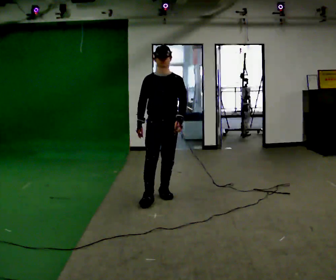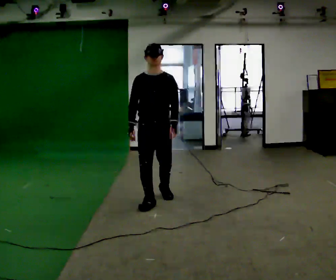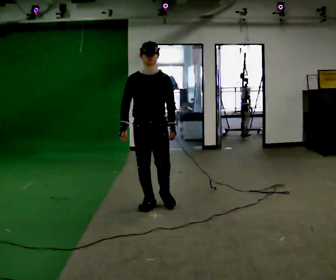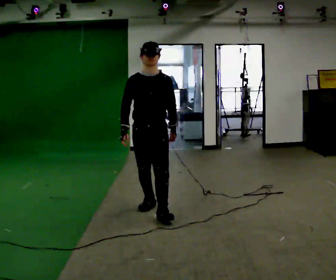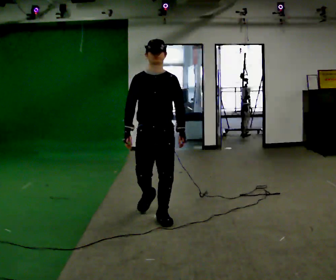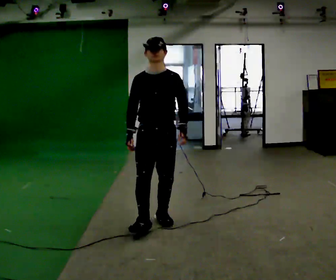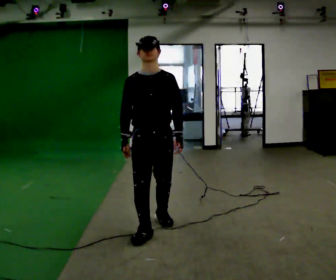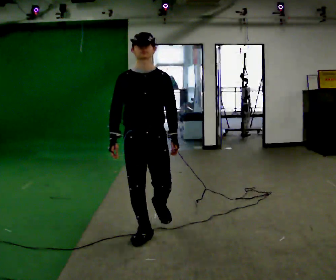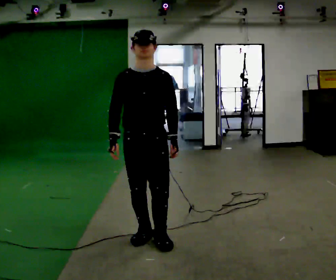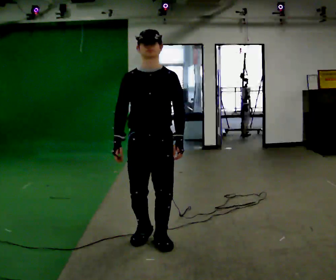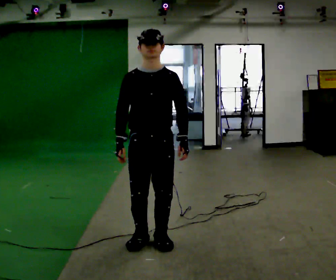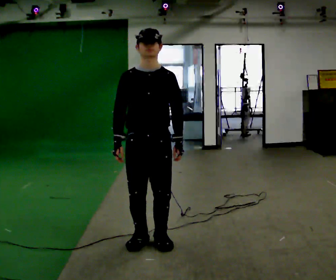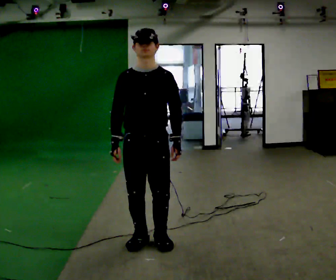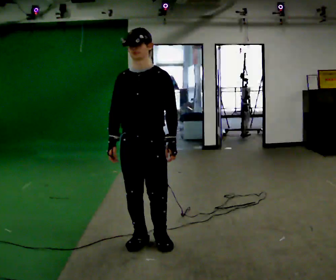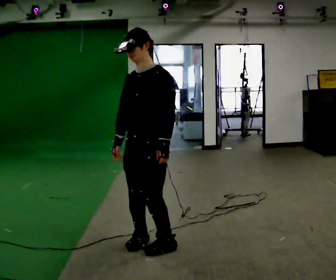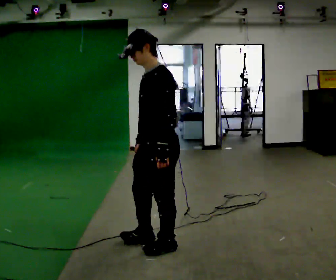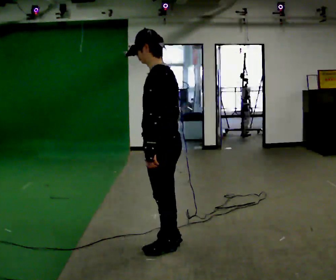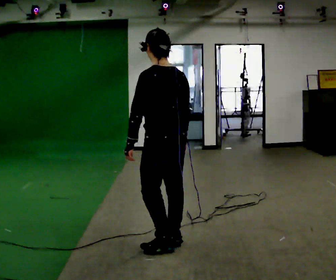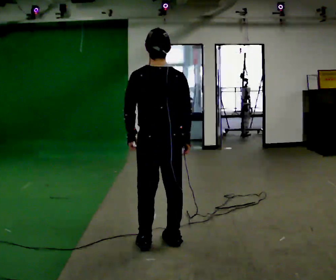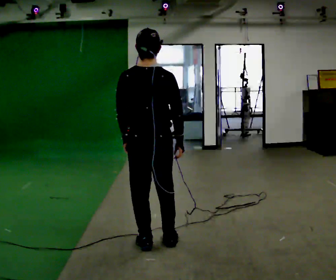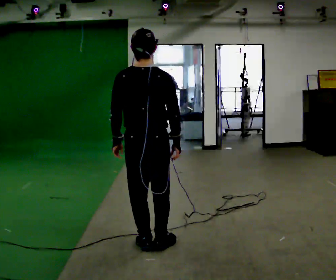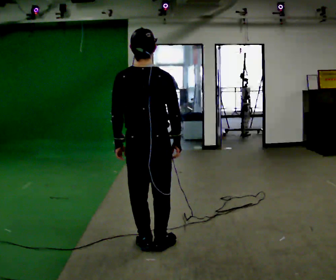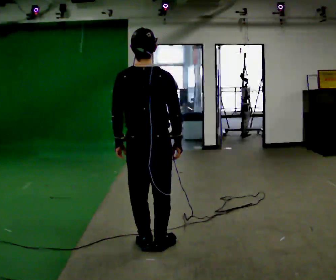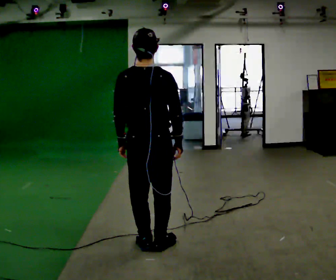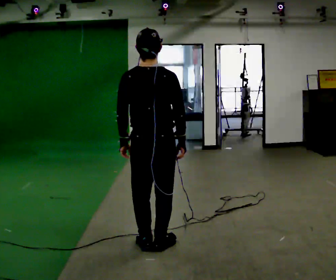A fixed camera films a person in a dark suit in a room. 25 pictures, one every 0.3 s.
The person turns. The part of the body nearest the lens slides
to the left.
The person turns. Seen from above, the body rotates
clockwise.
0.0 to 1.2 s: In the picture they go toward the camera, about 0.75 m in 2 steps, which for them is forward.
1.2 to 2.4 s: In the picture they go toward the camera, about 0.5 m in 2 steps, which for them is forward.
2.4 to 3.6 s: The person moves a little, or ends about where they began.
3.6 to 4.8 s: The person turns about 105 degrees to their right, clockwise seen from above, so the part of the body nearest the lens slides to the left. In the picture they go to the right, about 0.25 m in 2 steps. In the picture their right hand goes to the right.
4.8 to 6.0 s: Seen from above the body turns clockwise, about 75 degrees: to their right, with its near side sliding to the left. In the picture their left hand goes to the left.
6.0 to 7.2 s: The person moves a little, or ends about where they began.
The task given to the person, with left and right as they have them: Walk straight; turn 90° left/right while continuing to walk; continue.
The film runs forward here.
